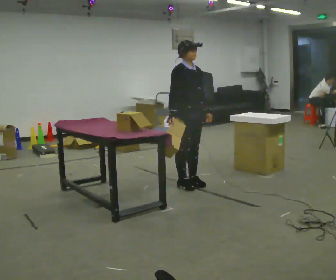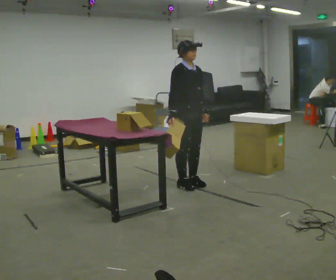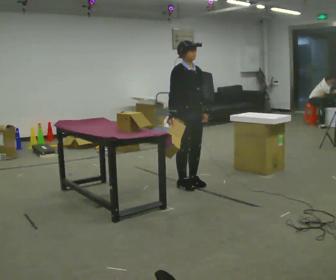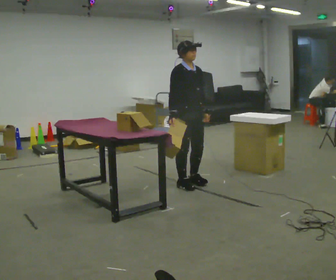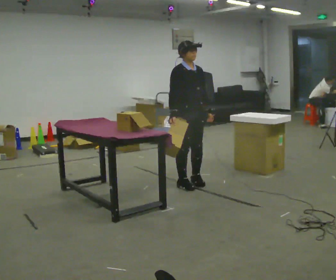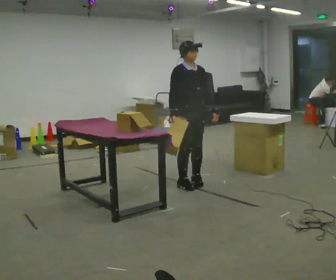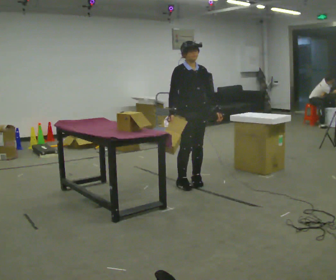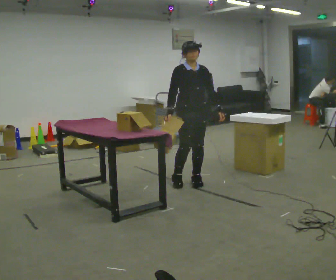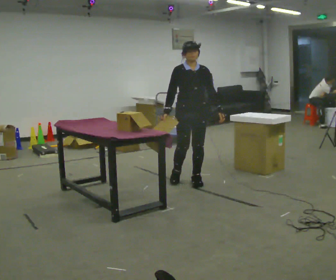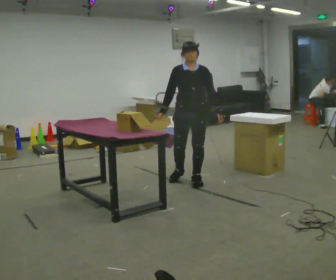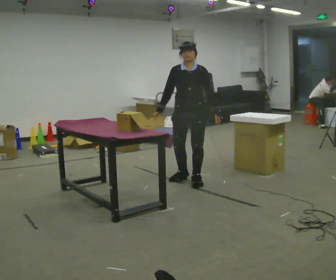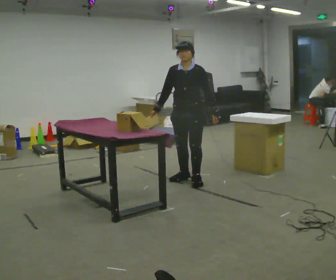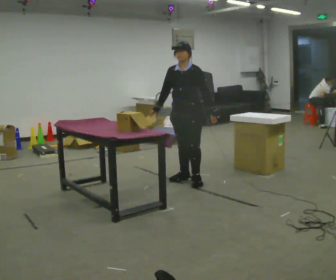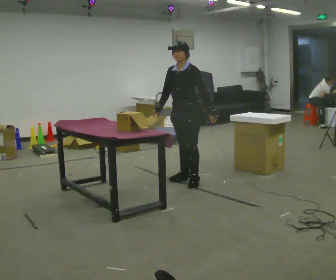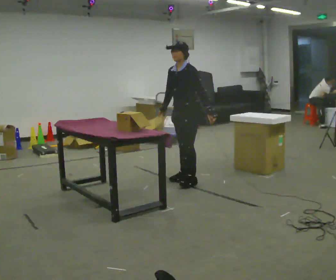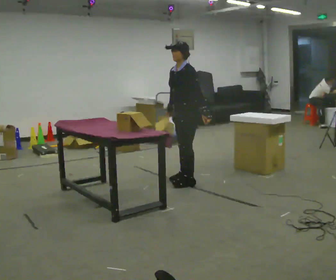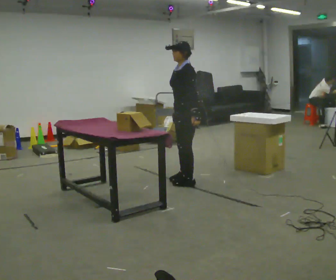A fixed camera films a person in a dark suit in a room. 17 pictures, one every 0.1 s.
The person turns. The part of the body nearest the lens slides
to the left.
The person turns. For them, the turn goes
to their right.
0.0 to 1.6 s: The part of the body nearest the lens slides to the left as the person turns to their right by about 120 degrees.
The film runs backward here.
